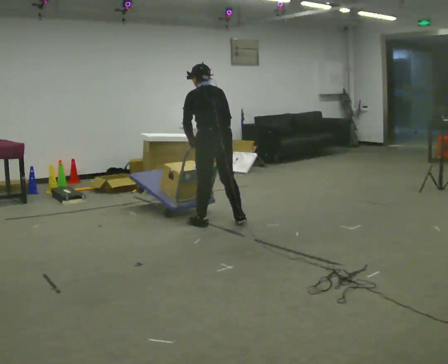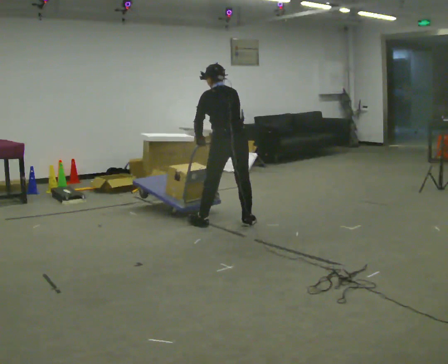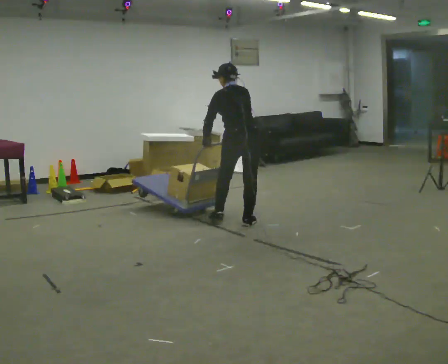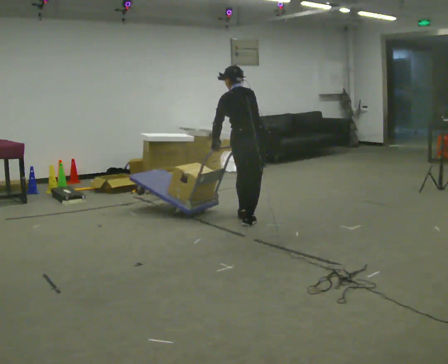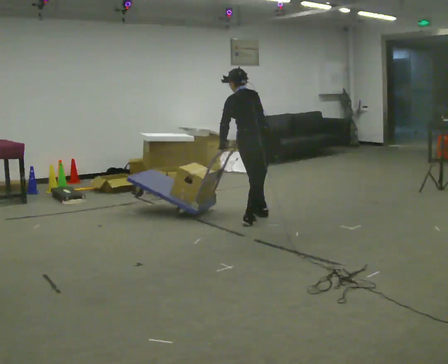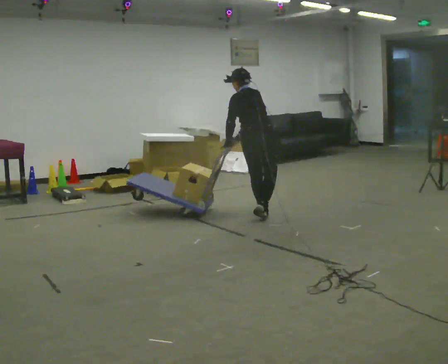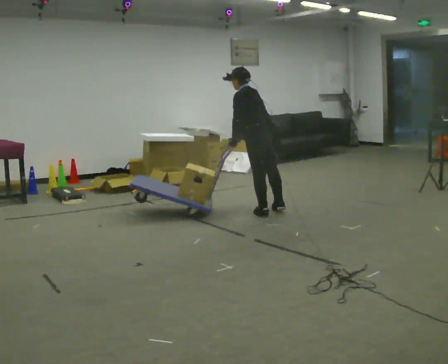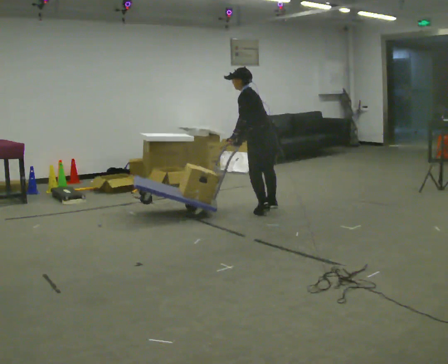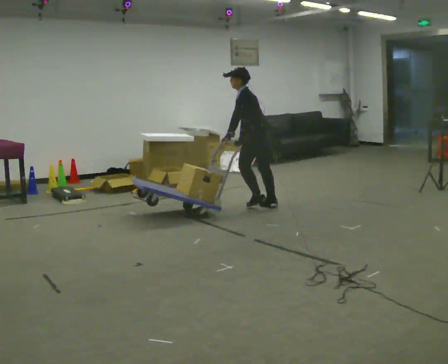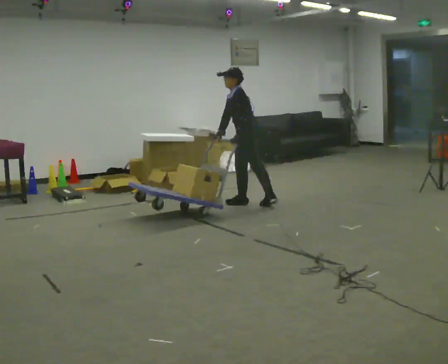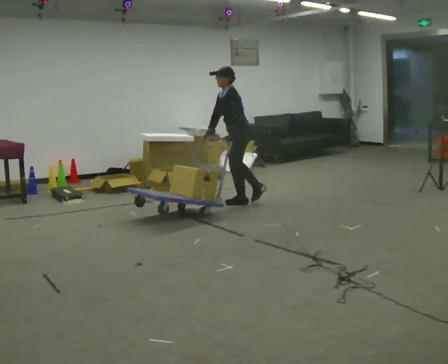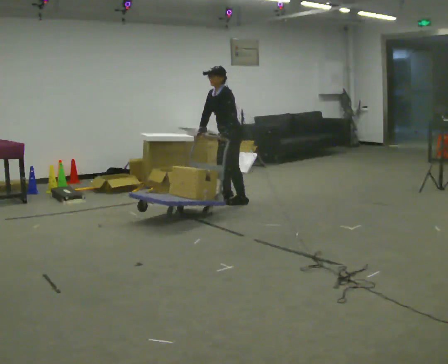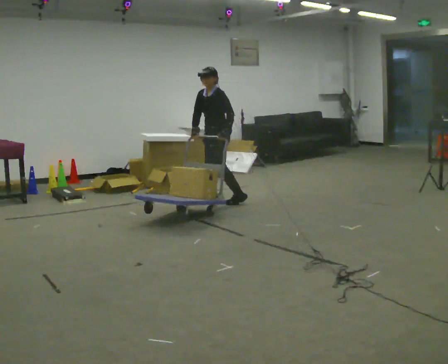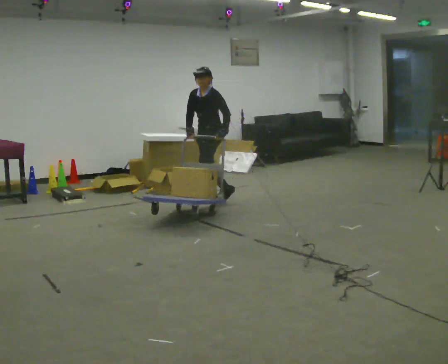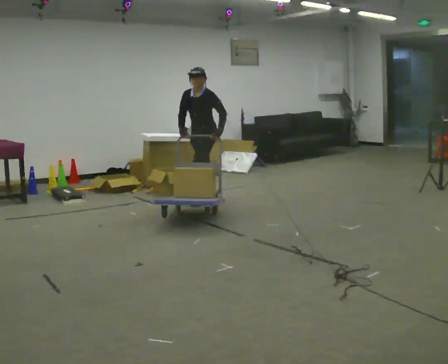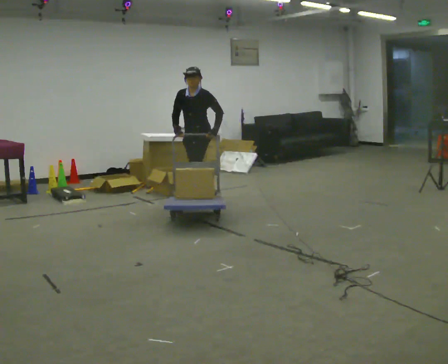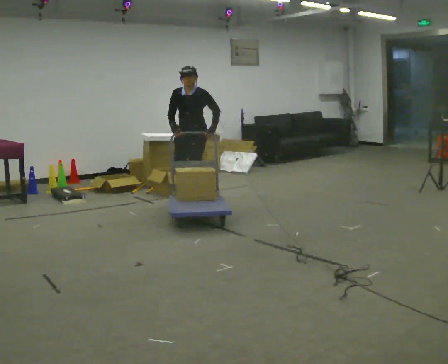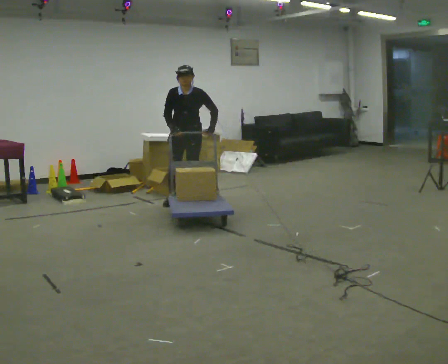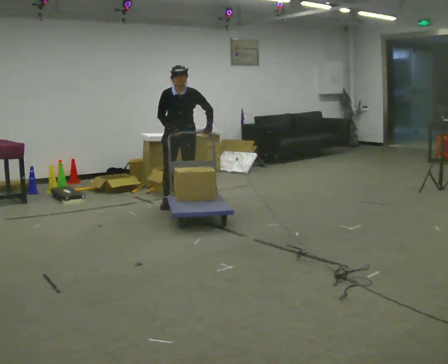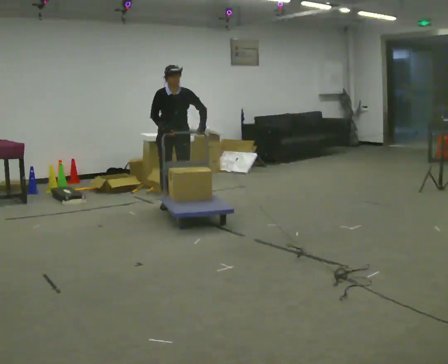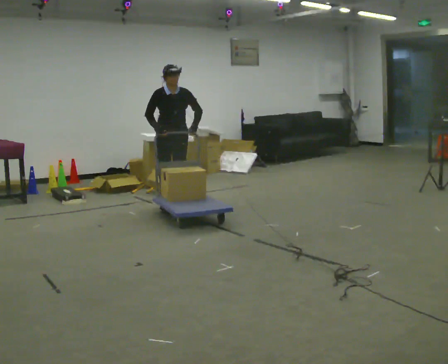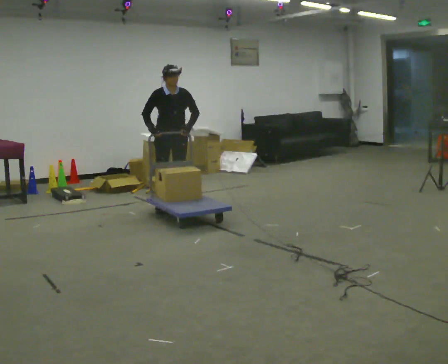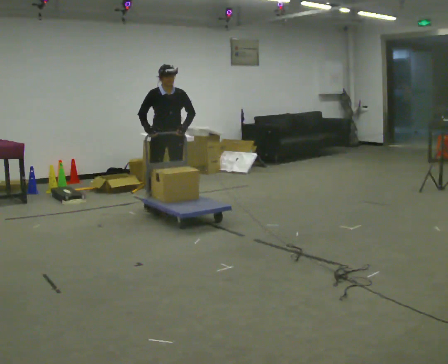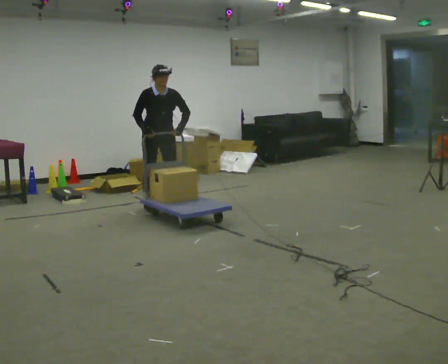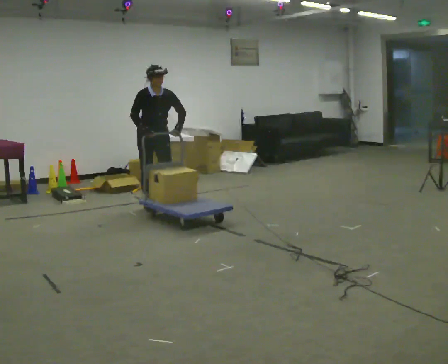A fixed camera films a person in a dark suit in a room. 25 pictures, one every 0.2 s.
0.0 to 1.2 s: In the picture they go away from the camera and to the right, about 0.75 m in 2 steps, which for them is to their right and forward.
1.2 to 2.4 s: The part of the body nearest the lens slides to the right as the person turns to their left by about 75 degrees. In the picture they go away from the camera and to the left, about 0.5 m in 3 steps. The upper body tips toward the camera, its near side rolling downward, as they lean back or straighten.
2.4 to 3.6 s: Seen from above the body turns counterclockwise, about 60 degrees: to their left, with its near side sliding to the right. In the picture they go to the left, about 0.5 m in 2 steps.
3.6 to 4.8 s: The person turns about 30 degrees to their left, counterclockwise seen from above, so the part of the body nearest the lens slides to the right. In the picture they go to the left and toward the camera, about 0.25 m in 2 steps, which for them is to their right.
The film runs forward here.
